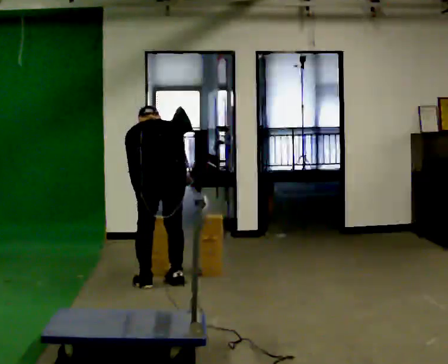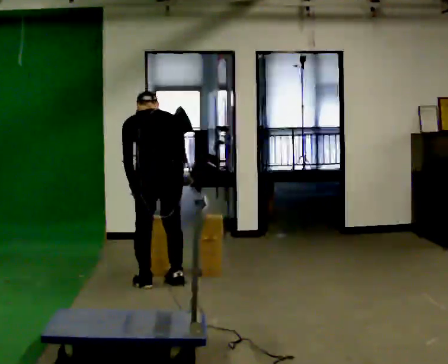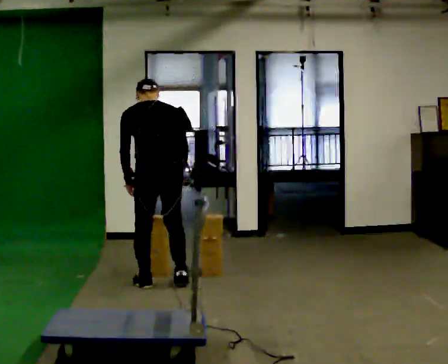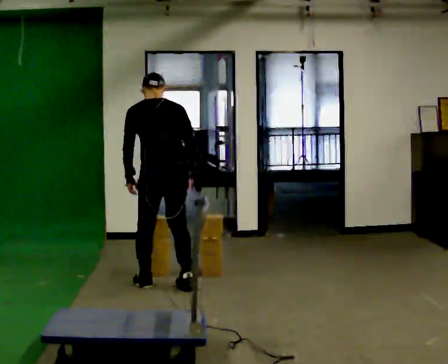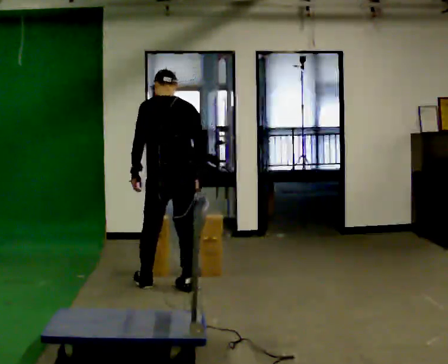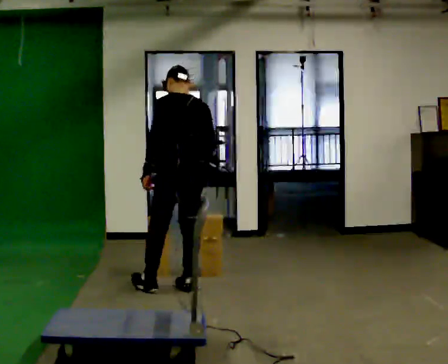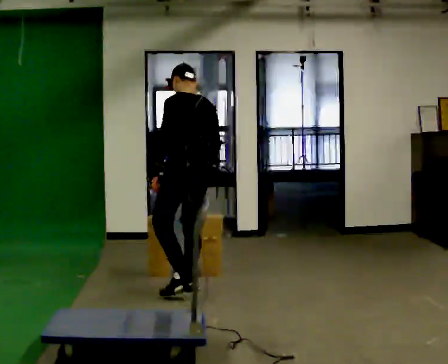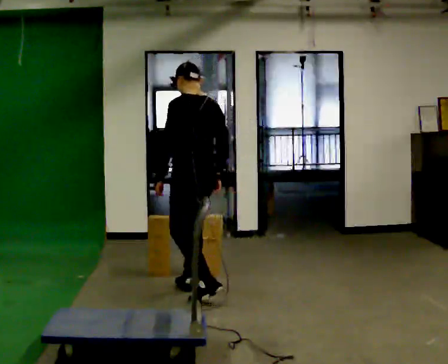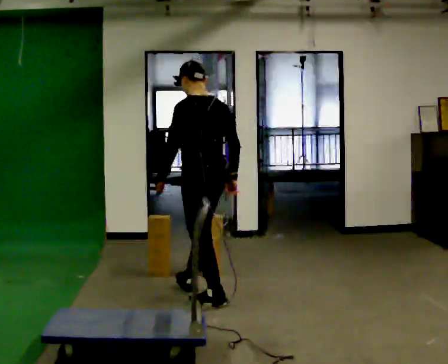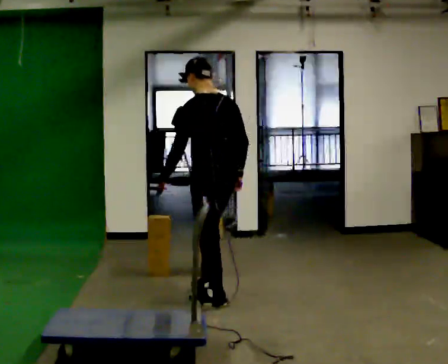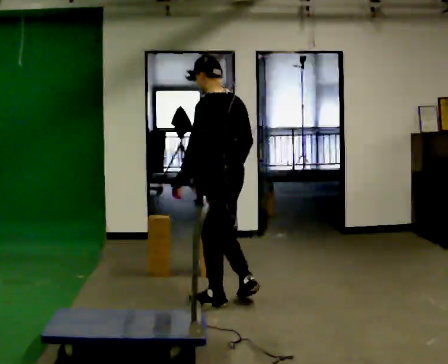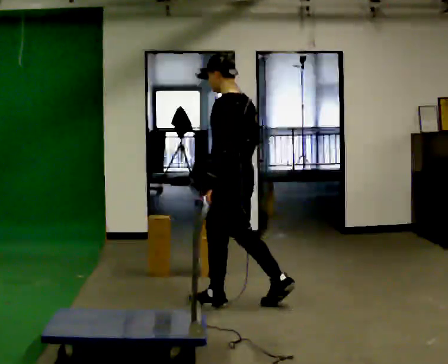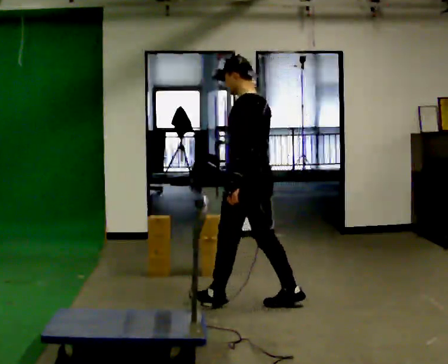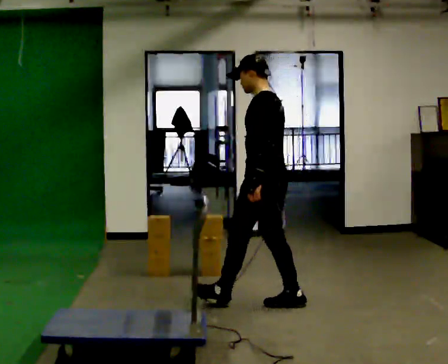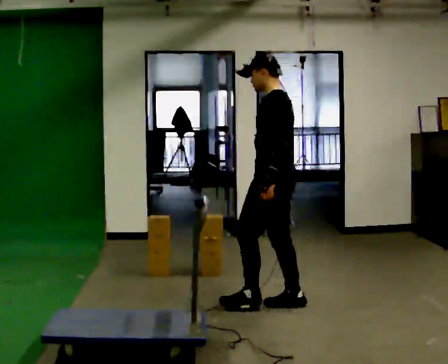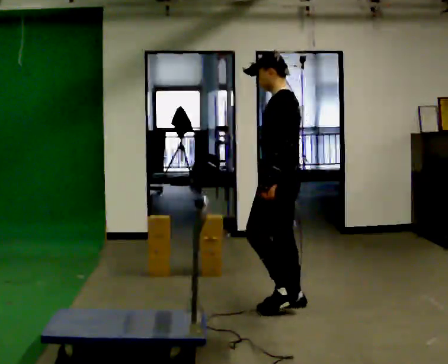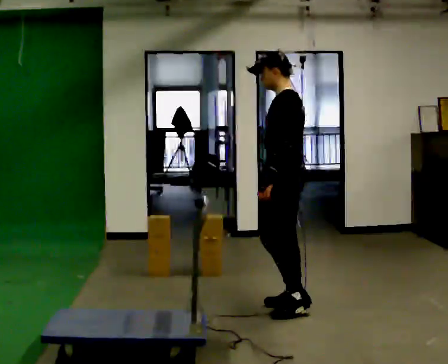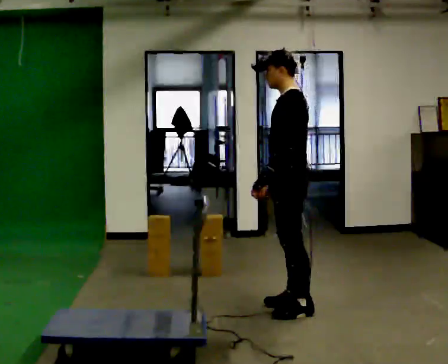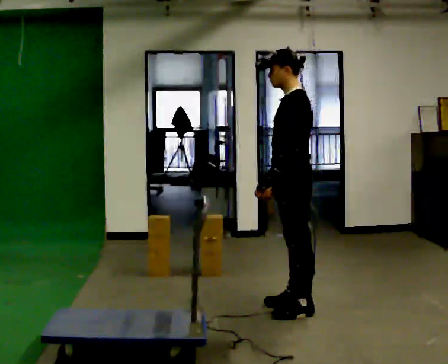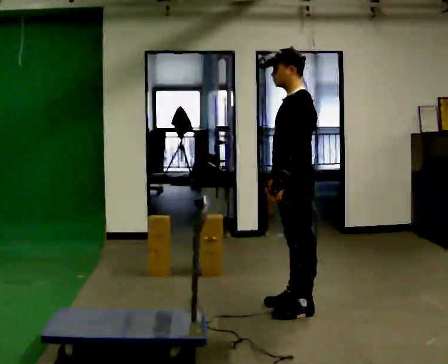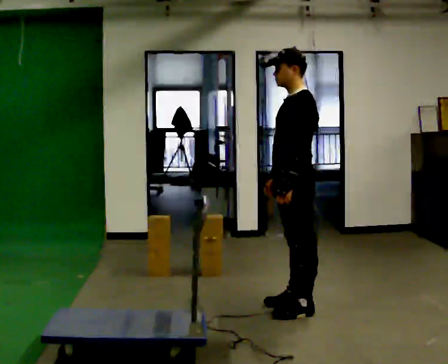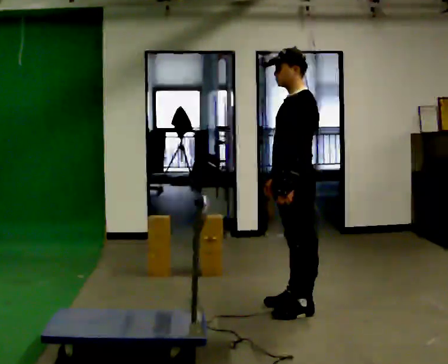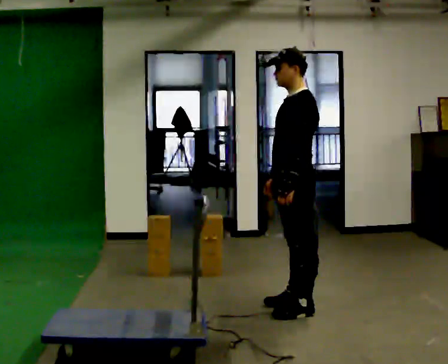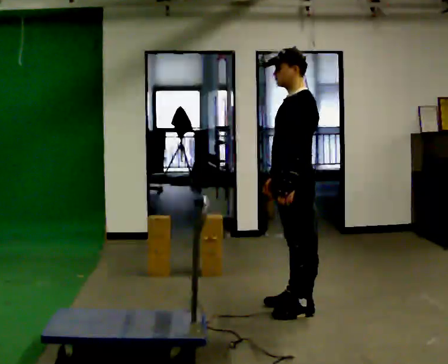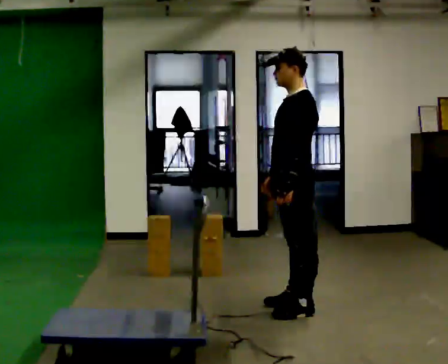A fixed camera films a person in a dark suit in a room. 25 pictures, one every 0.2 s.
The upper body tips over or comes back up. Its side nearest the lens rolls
downward.
The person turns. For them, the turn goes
to their left.
0.0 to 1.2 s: The person turns about 30 degrees to their left, counterclockwise seen from above, so the part of the body nearest the lens slides to the right. In the picture they go to the right, about 0.25 m in 2 steps, which for them is to their right and backward. The upper body goes upward. The upper body tips toward the camera, its near side rolling downward, as they lean back or straighten.
1.2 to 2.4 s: In the picture they go to the right and toward the camera, about 0.5 m in 1 step, which for them is backward.
2.4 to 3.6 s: In the picture they go to the right, about 0.25 m in 1 step, which for them is backward.
3.6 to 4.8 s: The person moves a little, or ends about where they began.
The film runs backward here.
